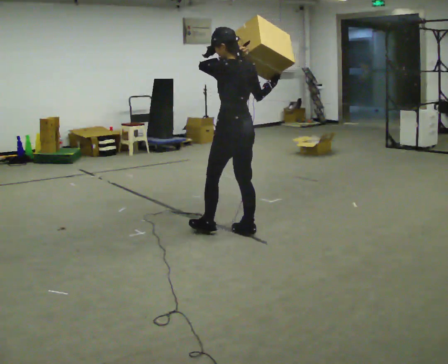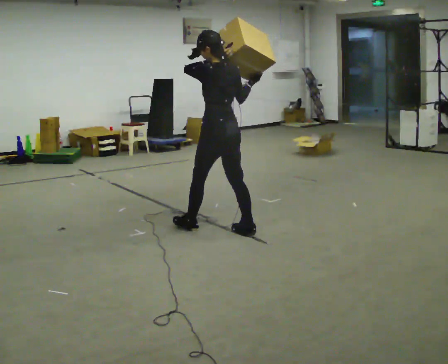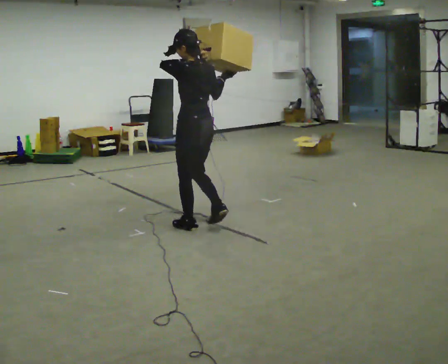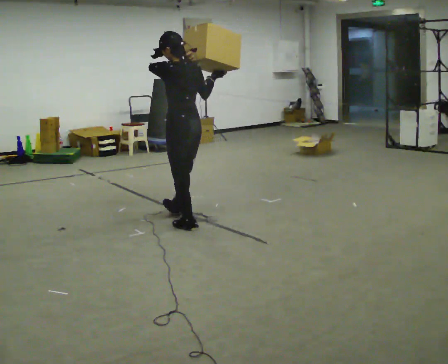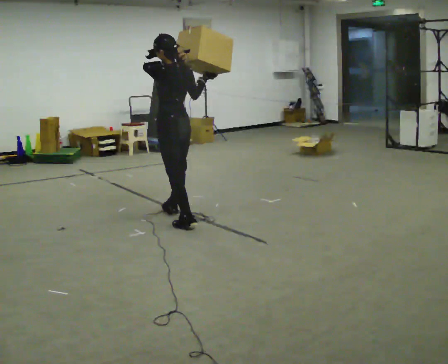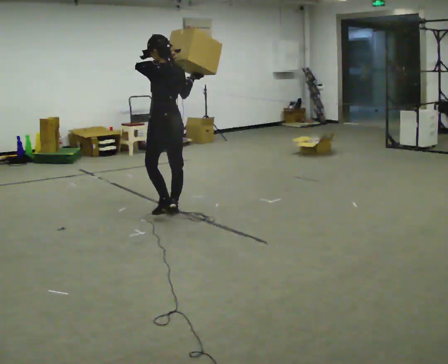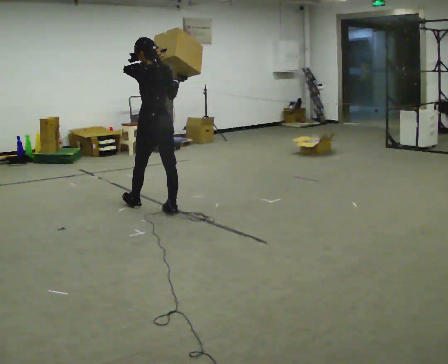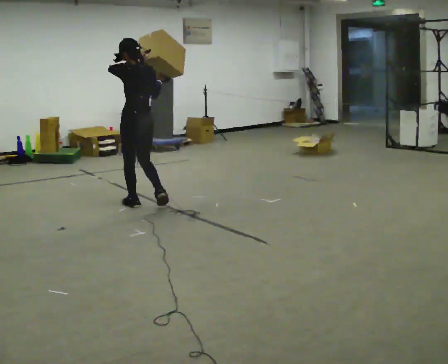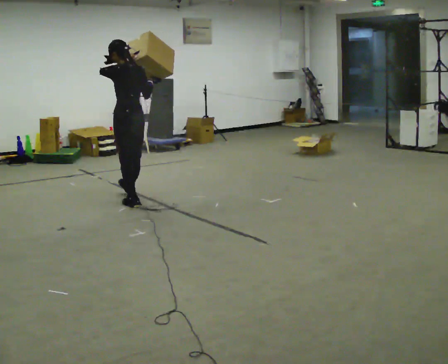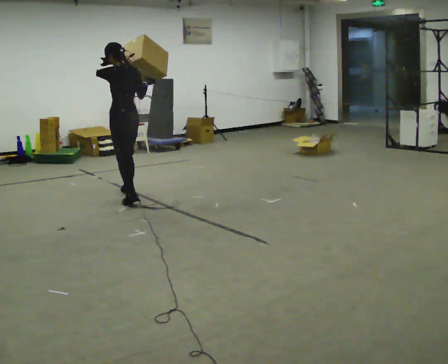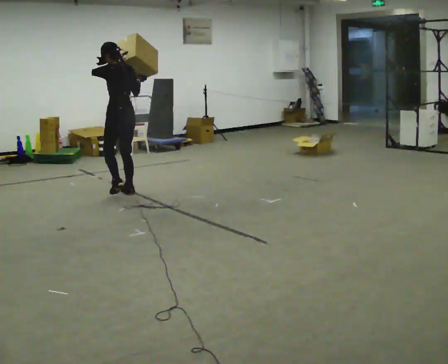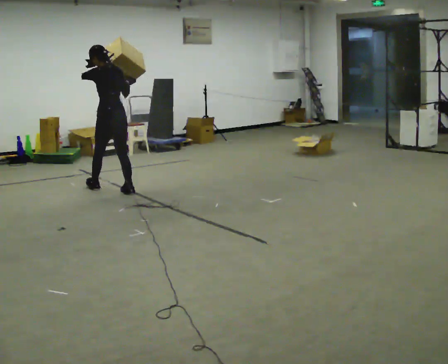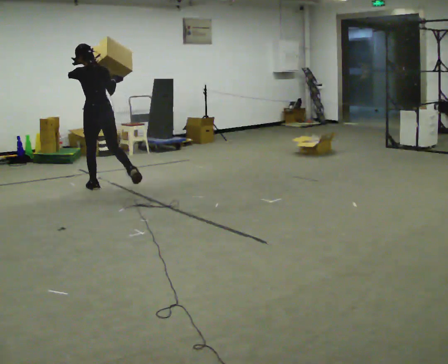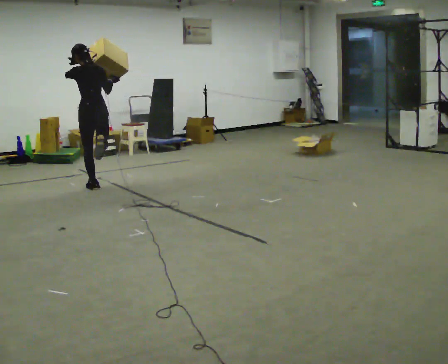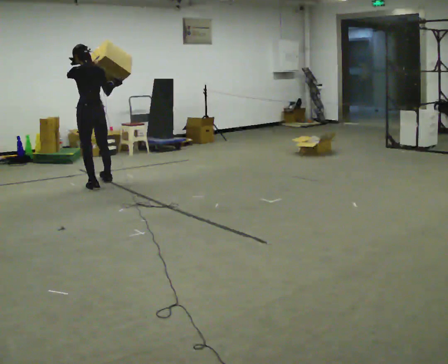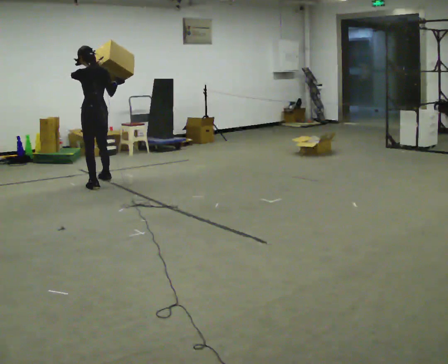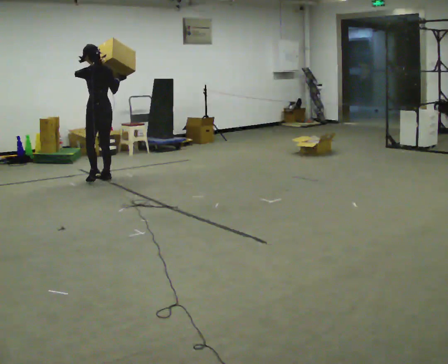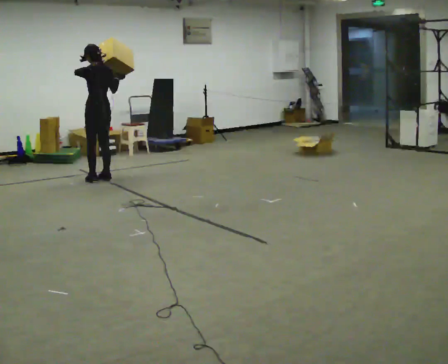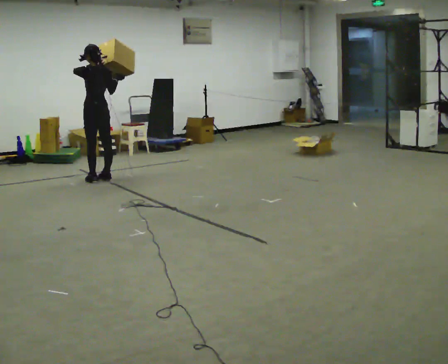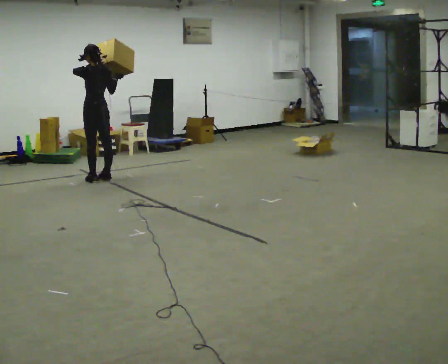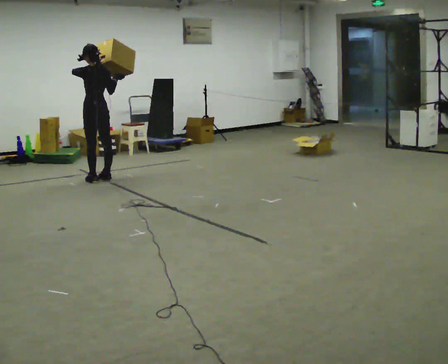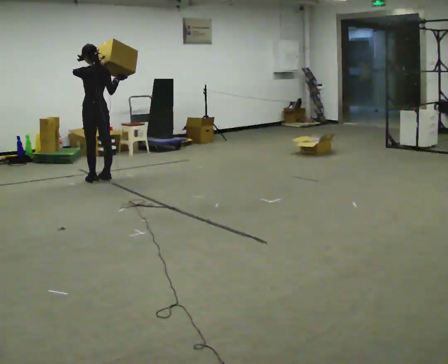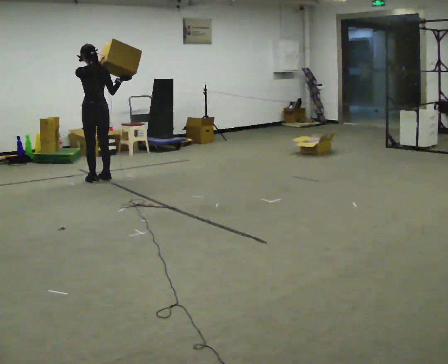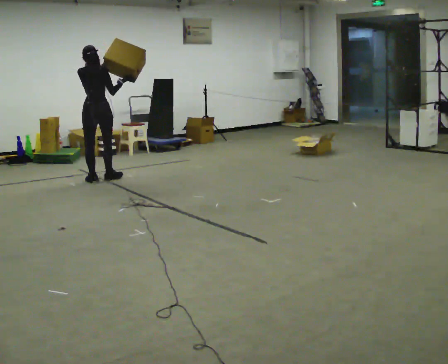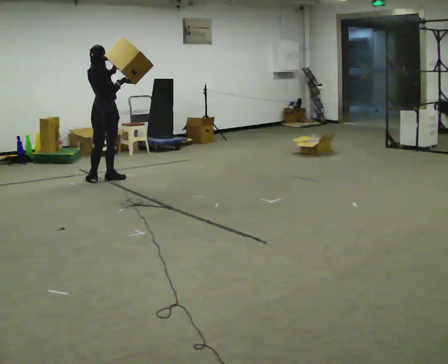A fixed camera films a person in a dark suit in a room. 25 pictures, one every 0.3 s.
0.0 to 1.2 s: In the picture they go away from the camera and to the left, about 0.75 m in 2 steps, which for them is forward.
1.2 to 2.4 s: In the picture they go away from the camera and to the left, about 0.75 m in 1 step, which for them is forward.
2.4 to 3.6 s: In the picture they go away from the camera, about 0.75 m in 2 steps, which for them is forward.
3.6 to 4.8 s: In the picture they go away from the camera, about 0.5 m in 1 step, which for them is forward.
4.8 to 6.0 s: The person moves a little, or ends about where they began.
6.0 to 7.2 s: The person turns about 75 degrees to their right, clockwise seen from above, so the part of the body nearest the lens slides to the left.
The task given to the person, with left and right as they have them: Carry the box and, while walking, shift it to a different hold: front, then hip, then shoulder, then back to front. Do not stop walking.
The film runs forward here.
